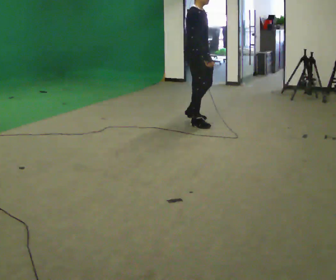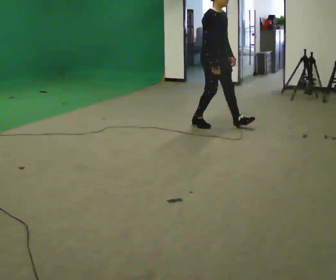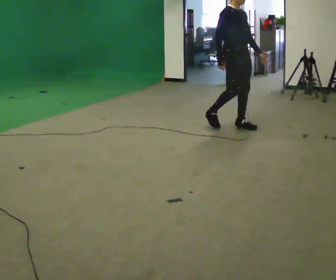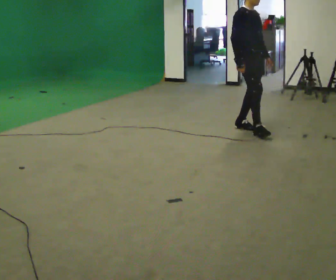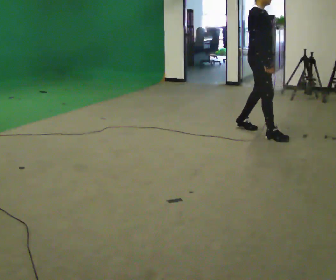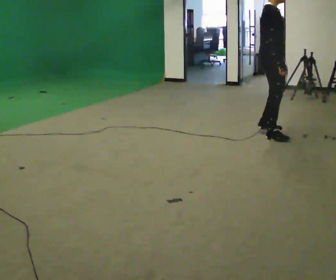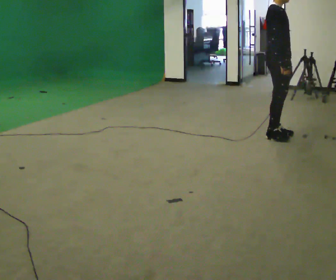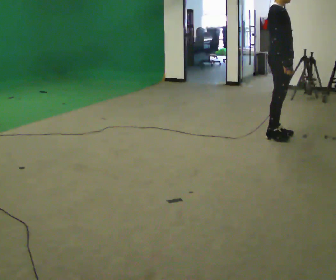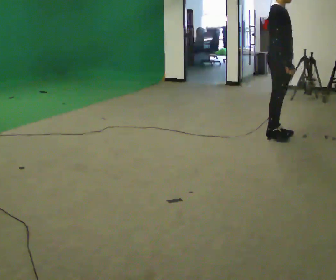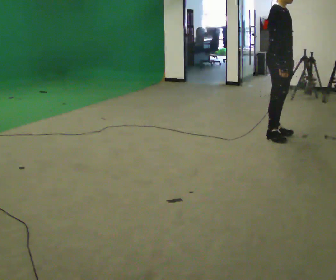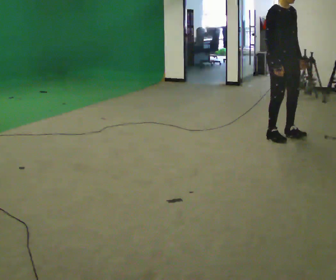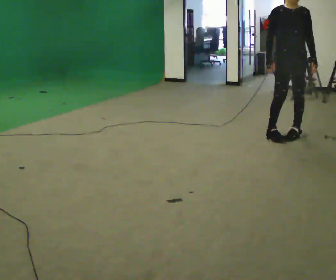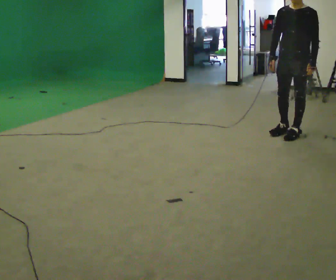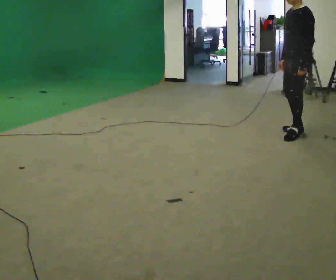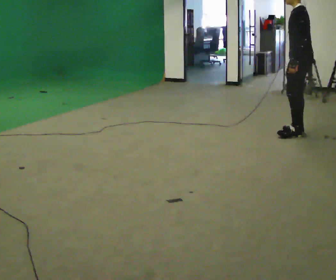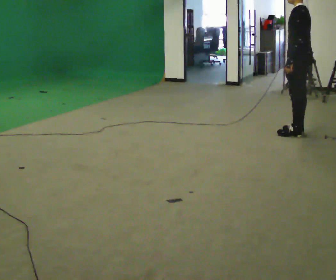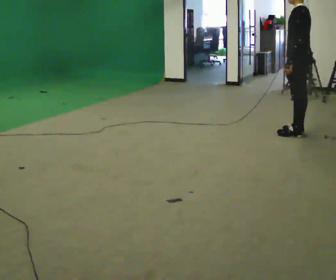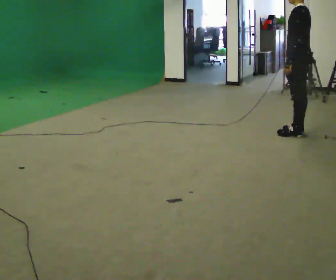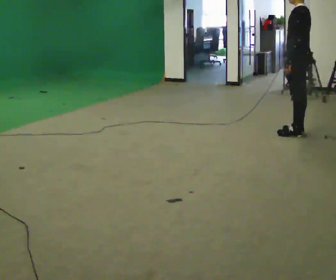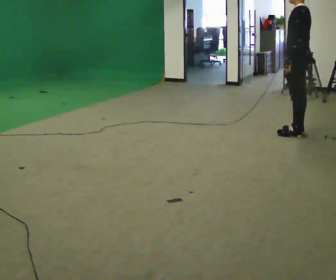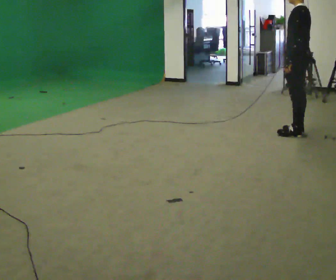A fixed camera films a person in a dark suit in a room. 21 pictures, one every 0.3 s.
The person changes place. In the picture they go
to the right.
0.0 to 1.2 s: In the picture they go to the right, about 1 m in 1 step, which for them is forward.
1.2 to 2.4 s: In the picture they go to the right and toward the camera, about 0.25 m in 1 step, which for them is forward and to their right.
2.4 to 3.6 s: The person turns about 105 degrees to their right, clockwise seen from above, so the part of the body nearest the lens slides to the left. In the picture they go to the right, about 0.25 m in 2 steps.
3.6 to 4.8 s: The part of the body nearest the lens slides to the left as the person turns to their right by about 90 degrees. In the picture their right hand goes to the right.
4.8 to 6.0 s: The person keeps their place and pose.
The film runs backward here.
